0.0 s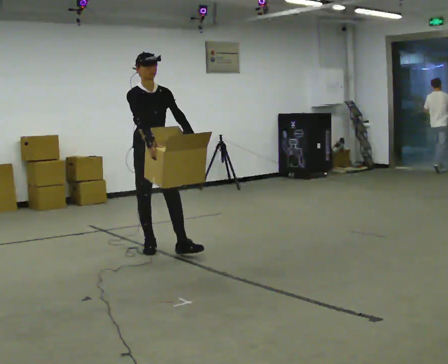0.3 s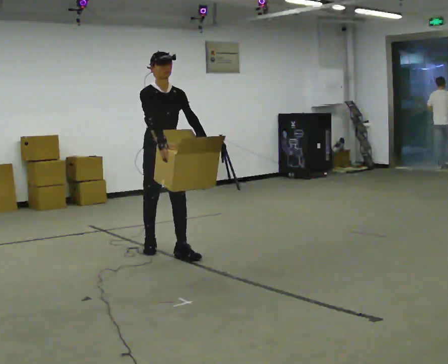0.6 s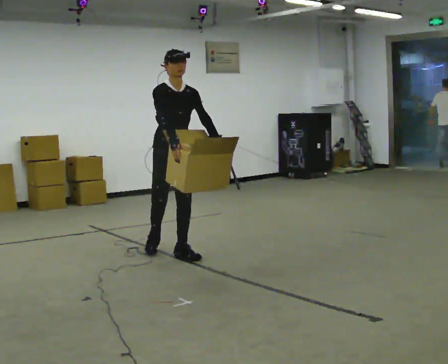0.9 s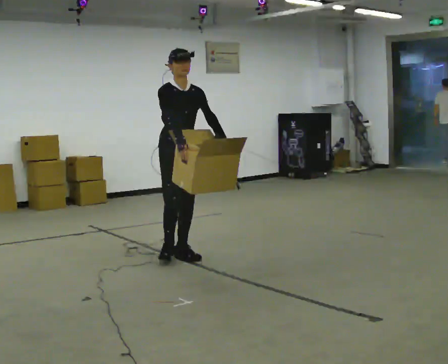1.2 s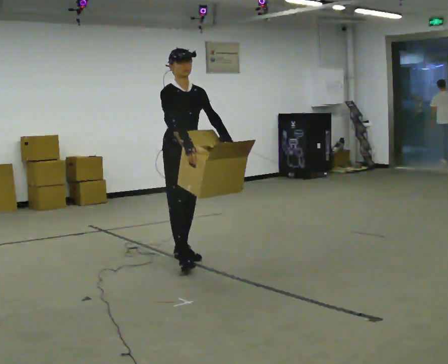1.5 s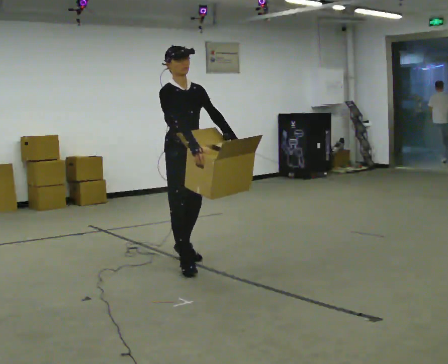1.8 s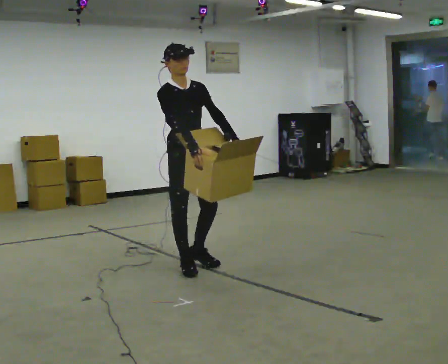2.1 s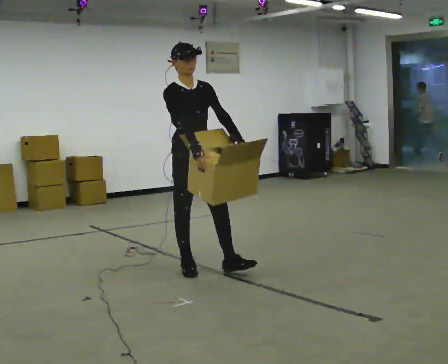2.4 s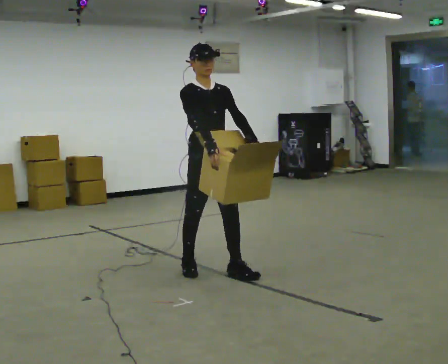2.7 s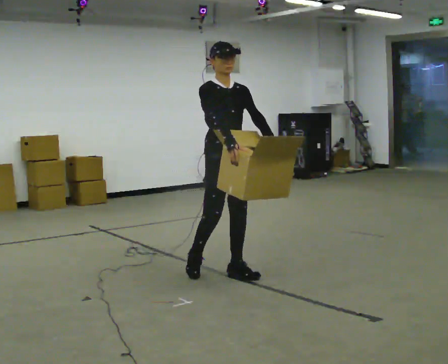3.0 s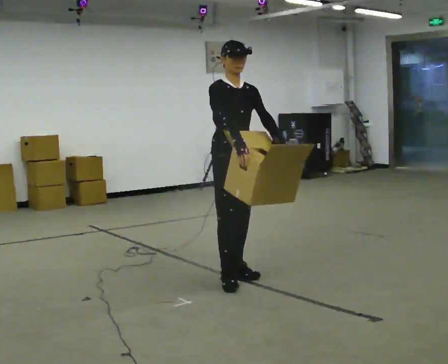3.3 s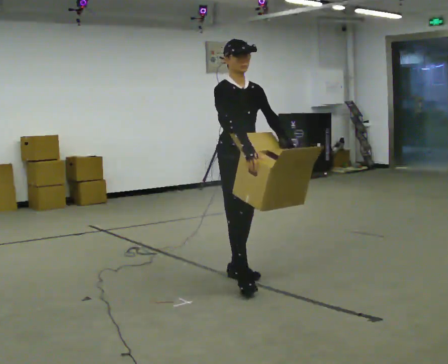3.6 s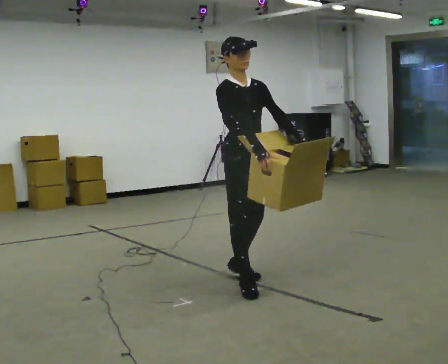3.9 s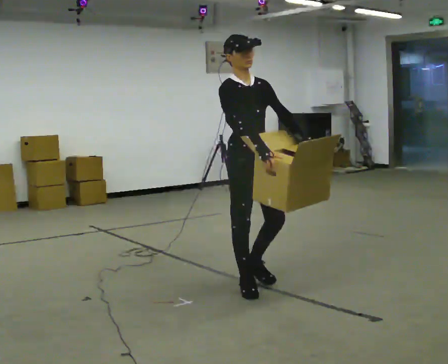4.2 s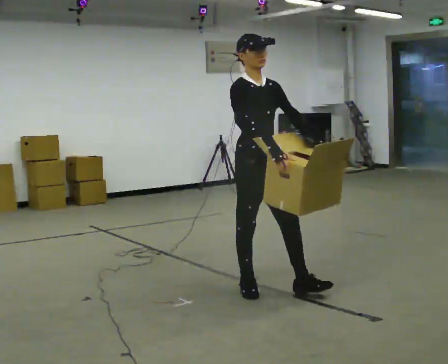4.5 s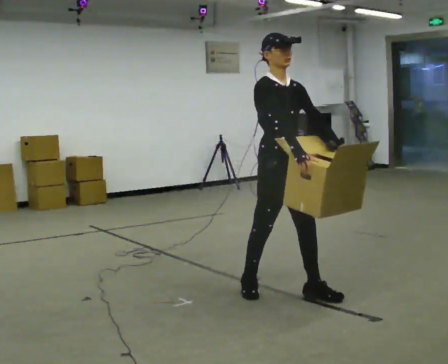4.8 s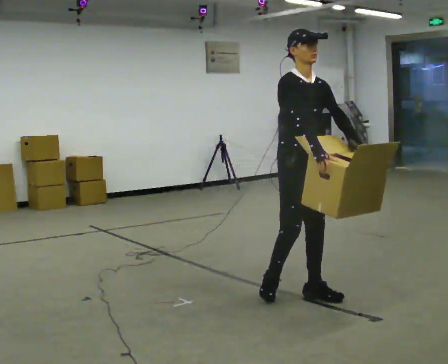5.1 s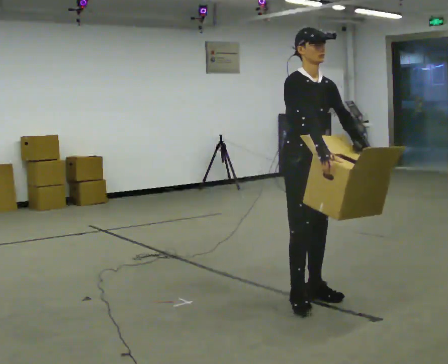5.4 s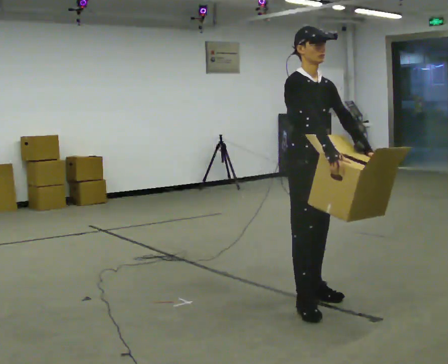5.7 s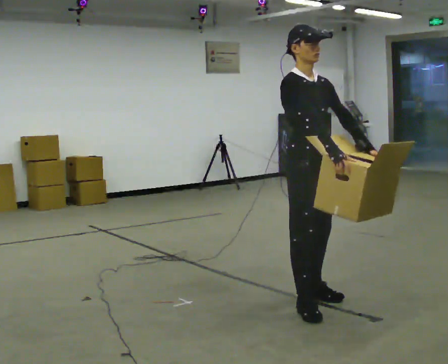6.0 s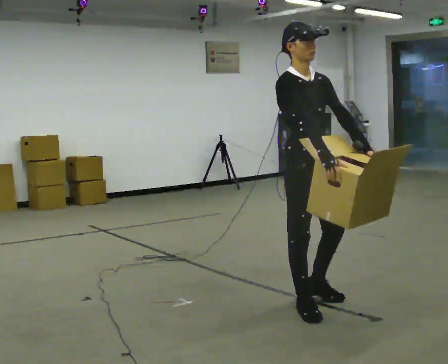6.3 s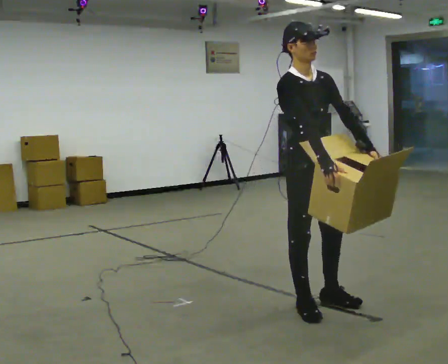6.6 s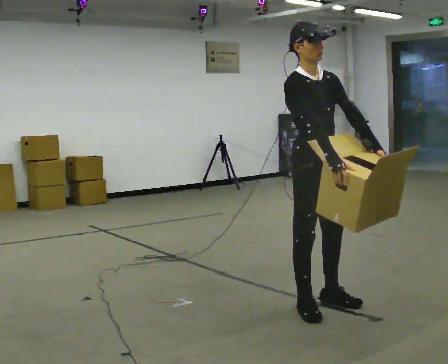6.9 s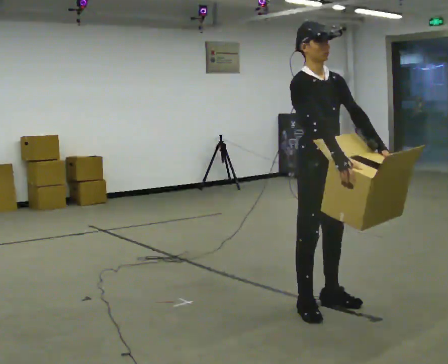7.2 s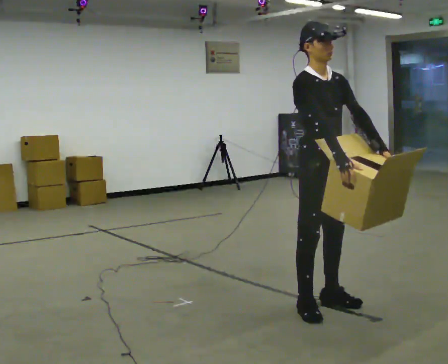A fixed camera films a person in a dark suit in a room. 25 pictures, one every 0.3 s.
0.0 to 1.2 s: In the picture they go toward the camera and to the right, about 0.5 m in 2 steps, which for them is forward.
1.2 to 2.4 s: In the picture they go toward the camera and to the right, about 0.5 m in 1 step, which for them is forward.
2.4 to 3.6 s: In the picture they go toward the camera and to the right, about 0.5 m in 1 step, which for them is forward.
3.6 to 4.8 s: In the picture they go to the right and toward the camera, about 0.5 m in 1 step, which for them is forward.
4.8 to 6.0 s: In the picture they go toward the camera, about 0.25 m in 1 step, which for them is forward and to their right.
6.0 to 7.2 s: The person moves a little, or ends about where they began.
The film runs forward here.
